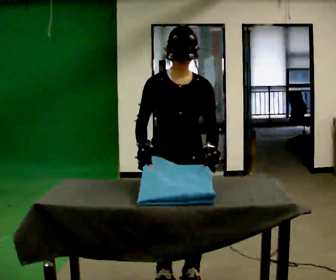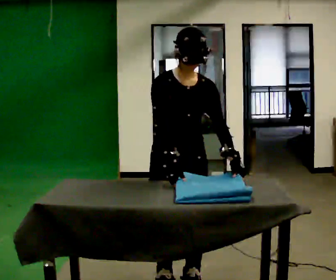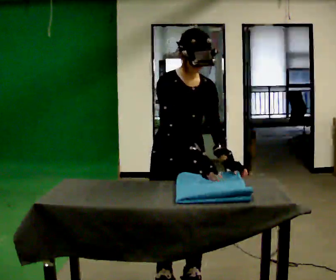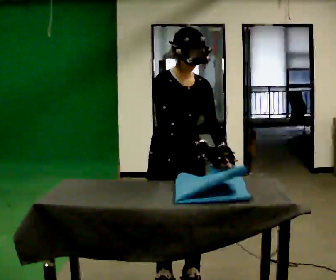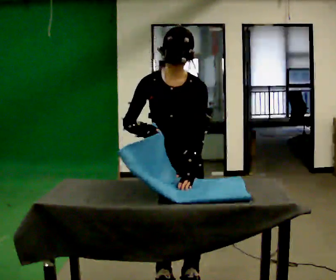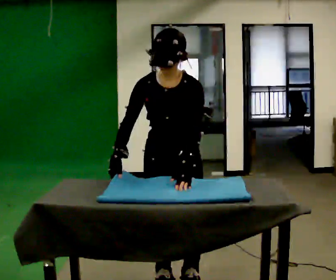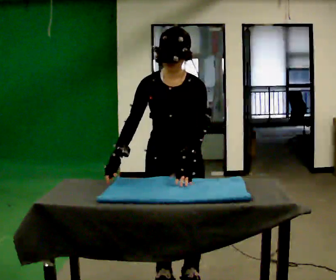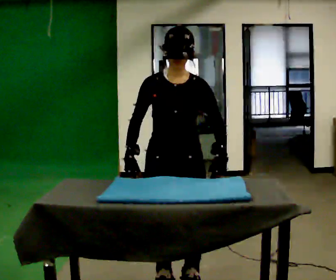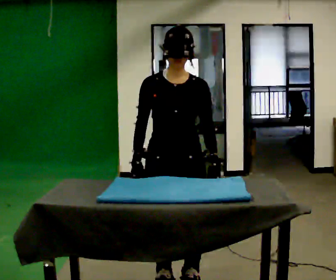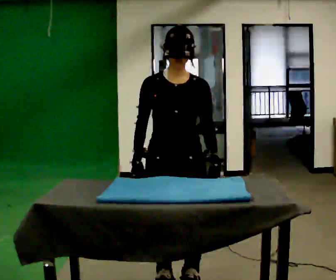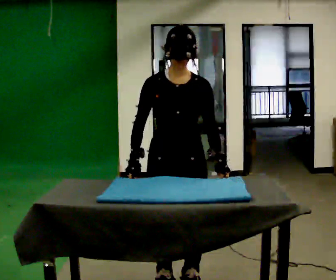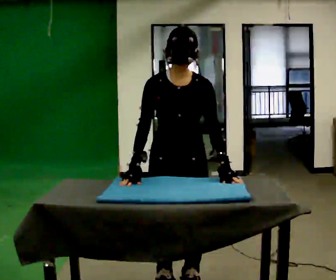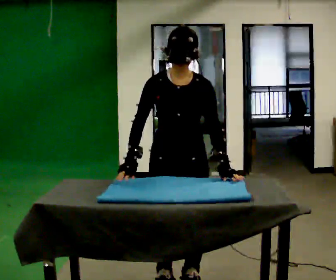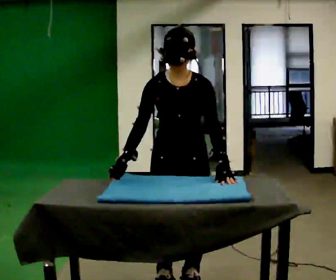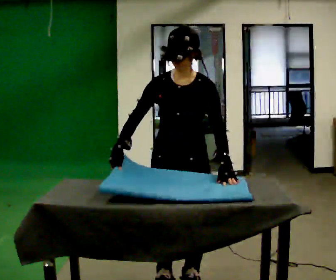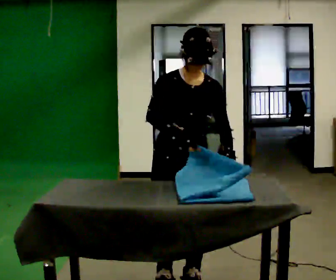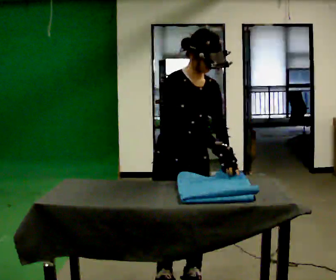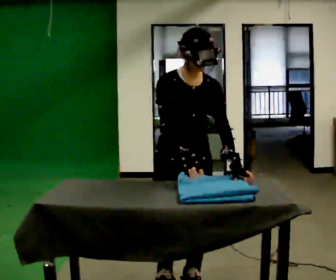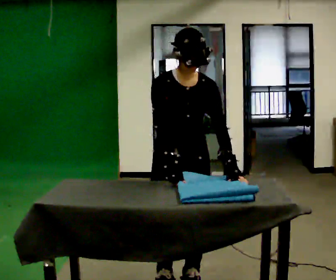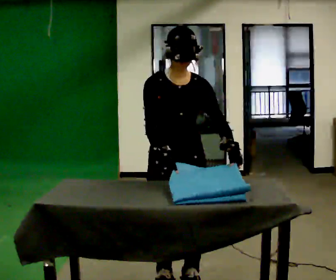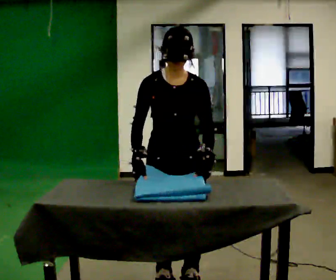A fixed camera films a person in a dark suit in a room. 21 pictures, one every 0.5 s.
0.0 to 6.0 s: The person moves a little, or ends about where they began.
6.0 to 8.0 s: Seen from above the body turns counterclockwise, about 30 degrees: to their left, with its near side sliding to the right. In the picture their right hand goes to the right.
8.0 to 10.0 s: The person turns about 30 degrees to their right, clockwise seen from above, so the part of the body nearest the lens slides to the left. In the picture their right hand goes to the left, the arm swinging clockwise.
The film runs backward here.
